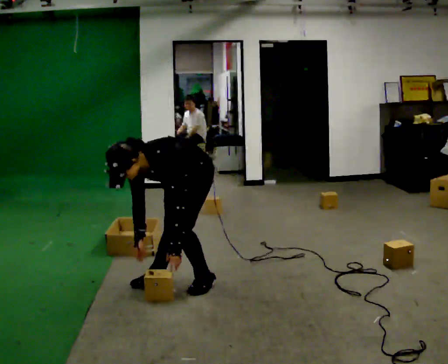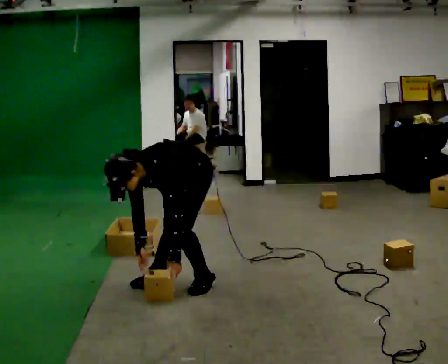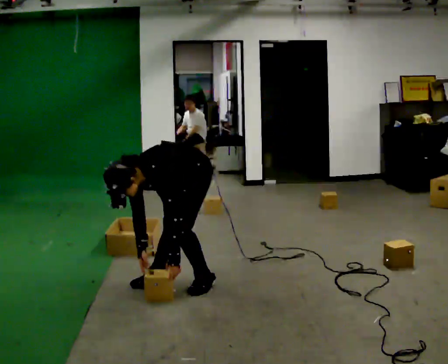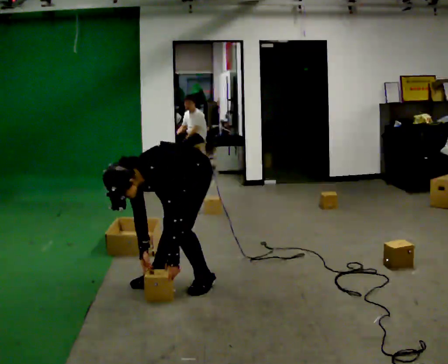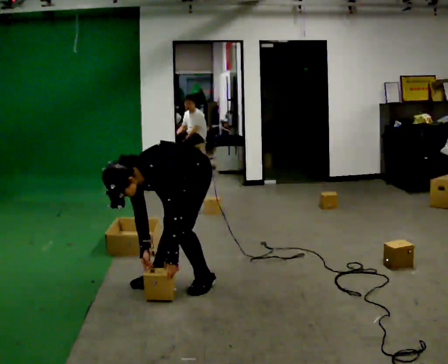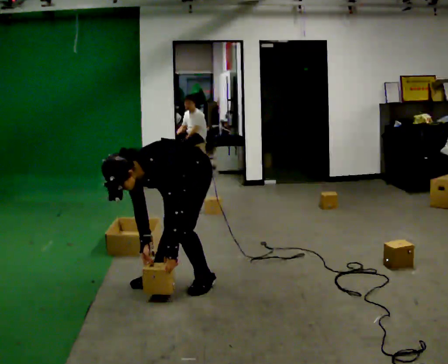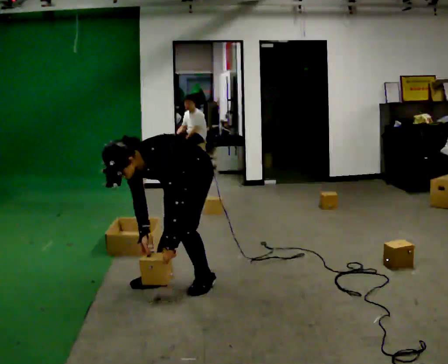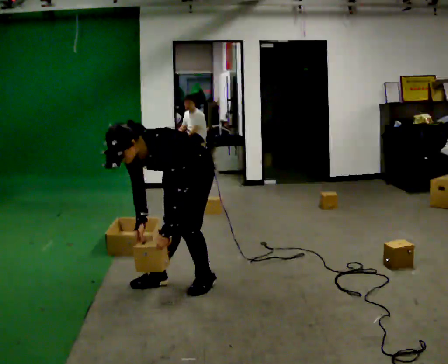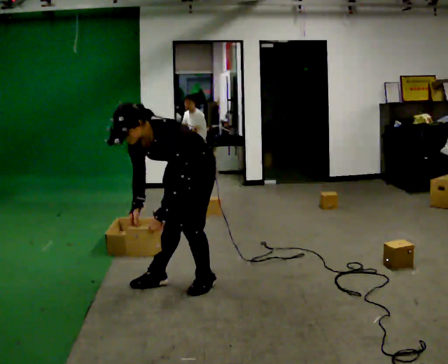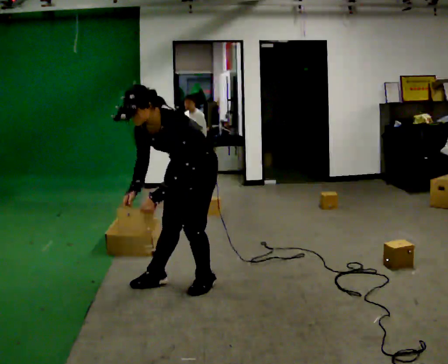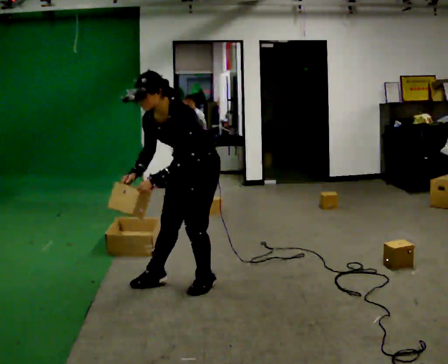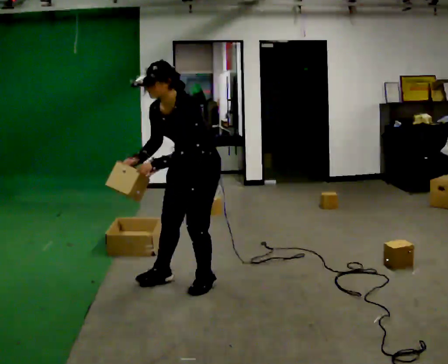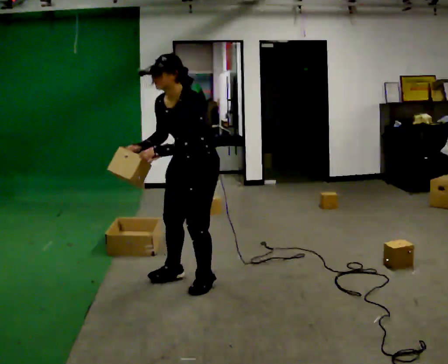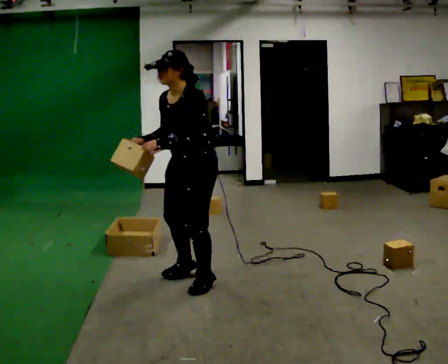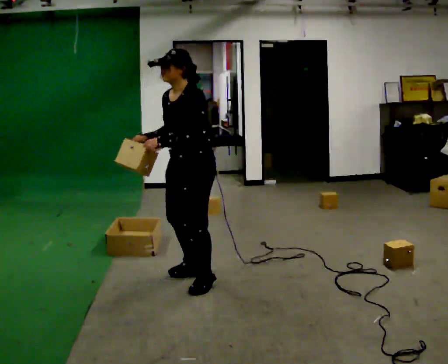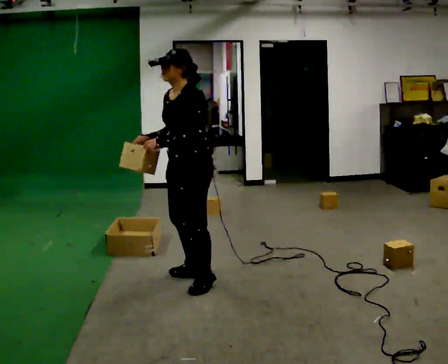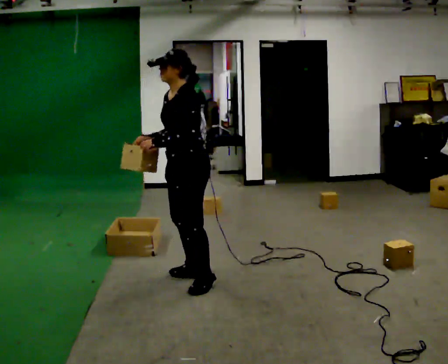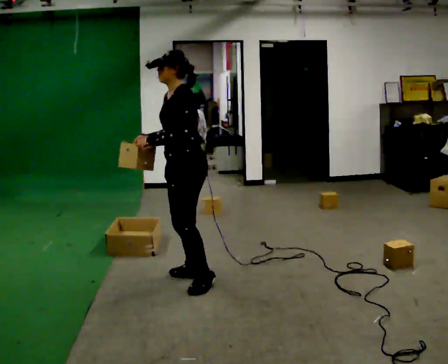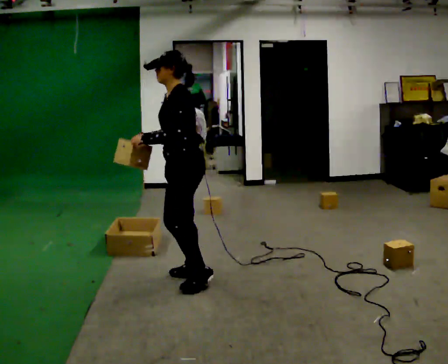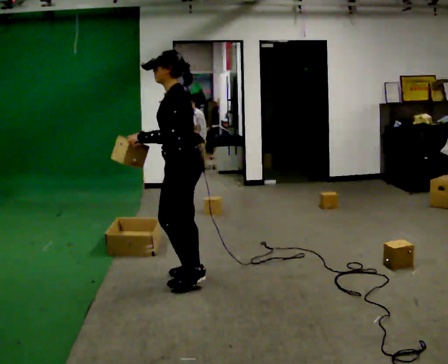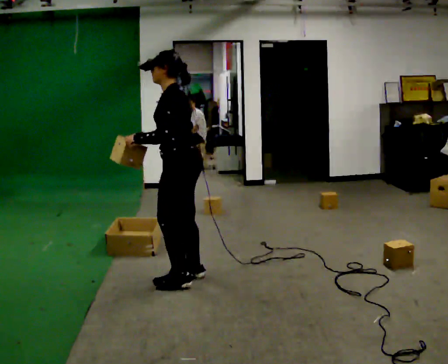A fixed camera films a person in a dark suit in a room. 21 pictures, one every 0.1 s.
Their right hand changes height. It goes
upward.
The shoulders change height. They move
upward.
0.0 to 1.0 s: The upper body goes upward. The upper body tips away from the camera, its near side rolling upward, as they lean back or straighten. In the picture their left hand goes upward.
1.0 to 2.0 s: The person turns about 45 degrees to their right, clockwise seen from above, so the part of the body nearest the lens slides to the left. The upper body tips away from the camera, its near side rolling upward, as they lean back or straighten.
The film runs forward here.
